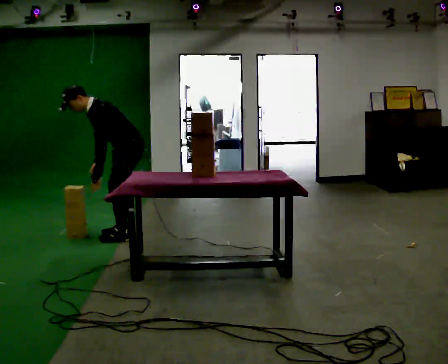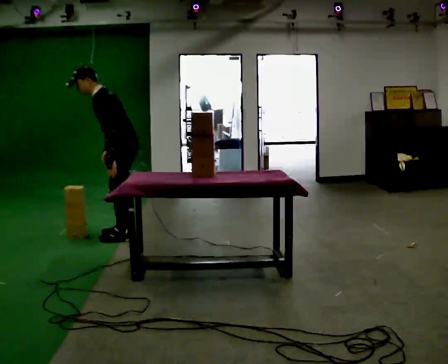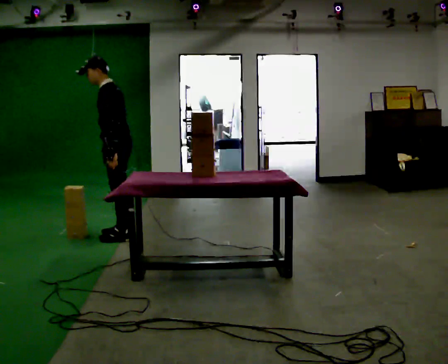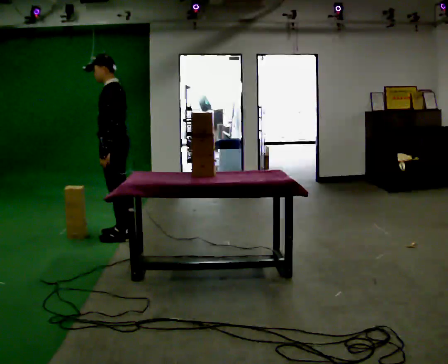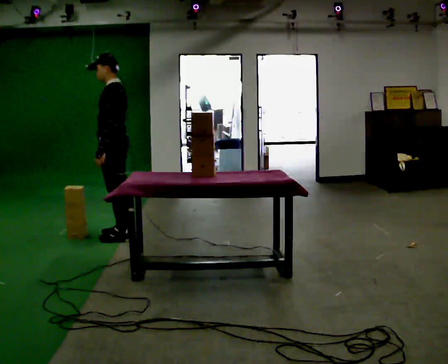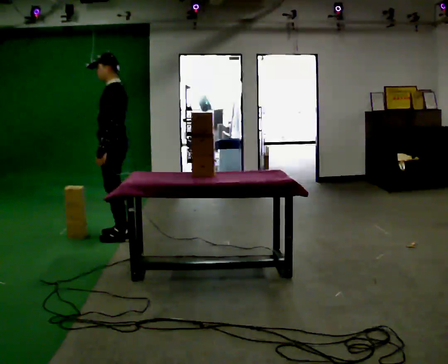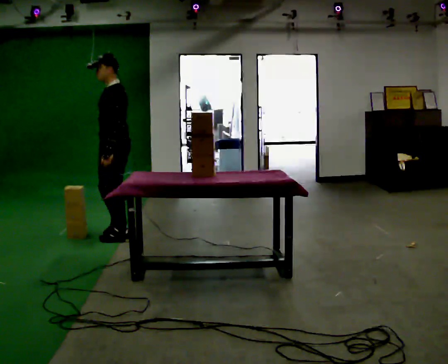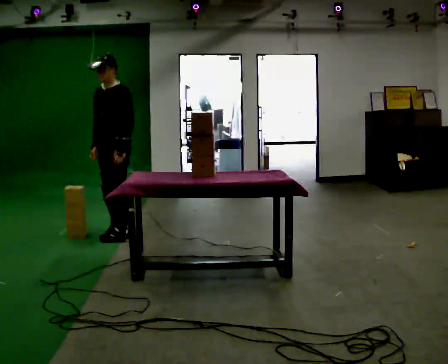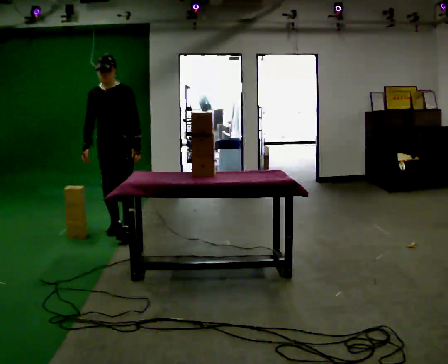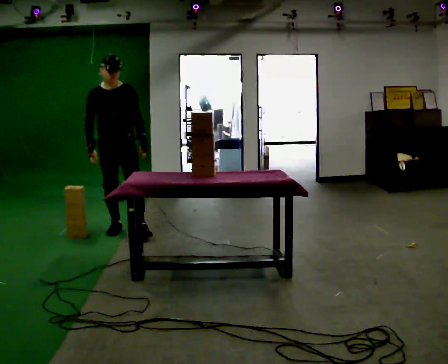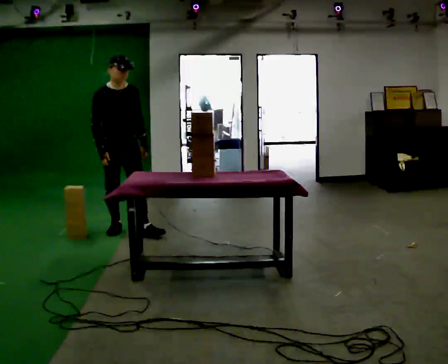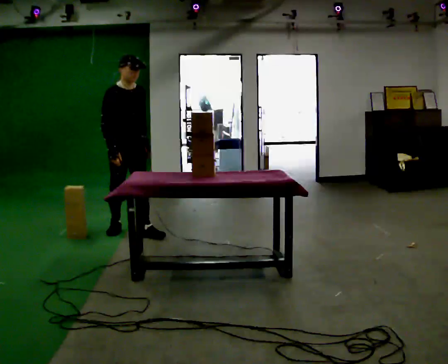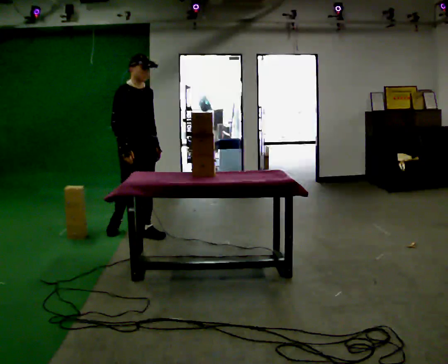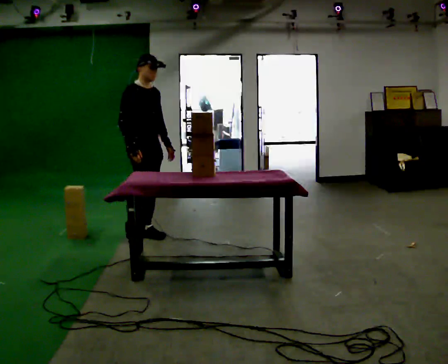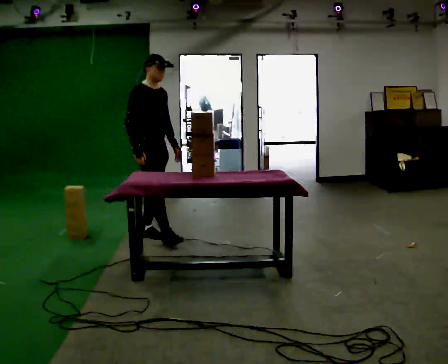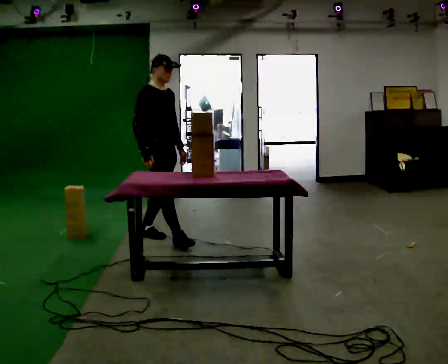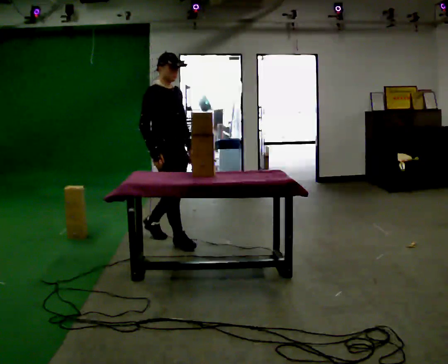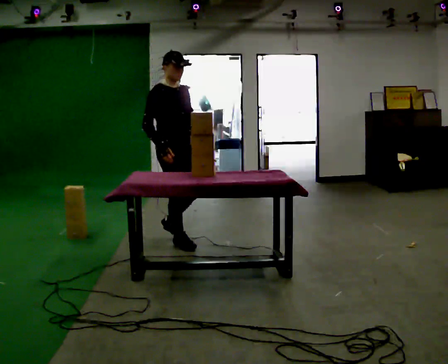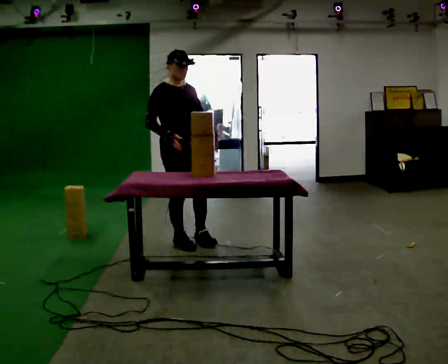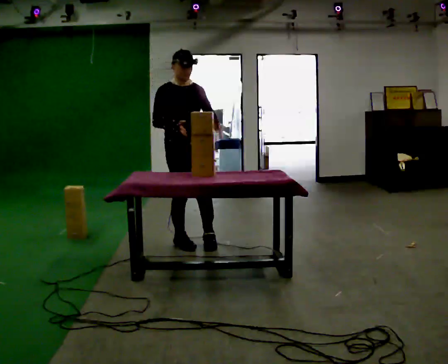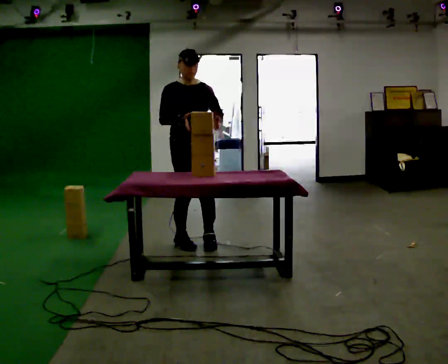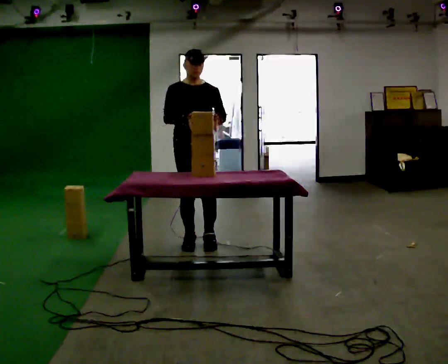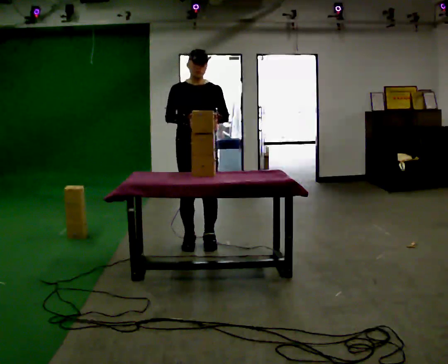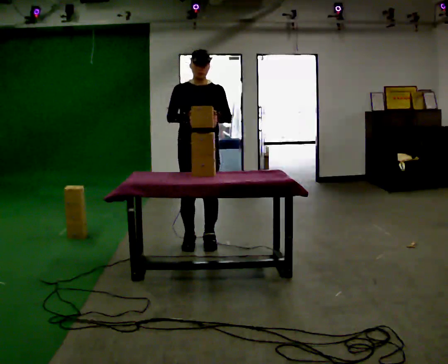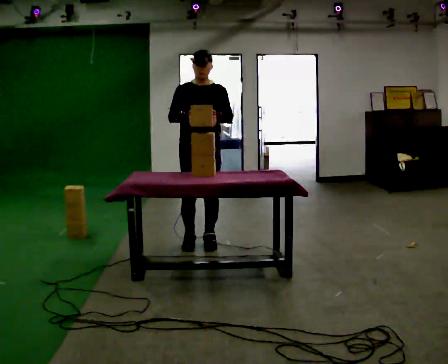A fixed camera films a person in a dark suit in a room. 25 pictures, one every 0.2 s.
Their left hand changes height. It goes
upward.
0.0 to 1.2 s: In the picture the upper body tilts clockwise, shoulders to the right, as they lean back or straighten.
1.2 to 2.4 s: The person turns about 105 degrees to their left, counterclockwise seen from above, so the part of the body nearest the lens slides to the right. In the picture they go to the right, about 0.25 m in 2 steps.
2.4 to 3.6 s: In the picture they go toward the camera and to the right, about 0.5 m in 1 step, which for them is forward.
3.6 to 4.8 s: The person turns about 30 degrees to their right, clockwise seen from above, so the part of the body nearest the lens slides to the left. In the picture they go to the right, about 0.25 m in 1 step, which for them is to their left.
The film runs forward here.
